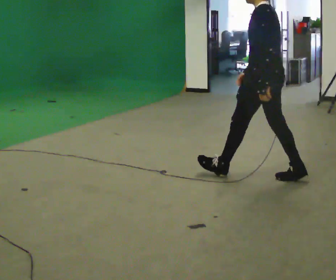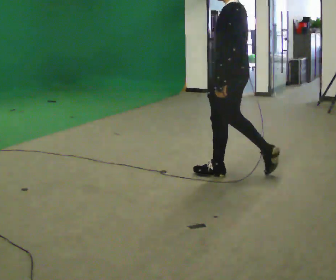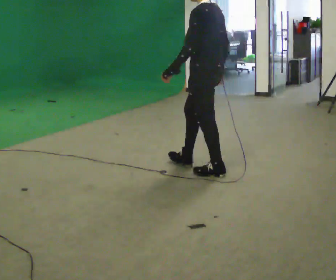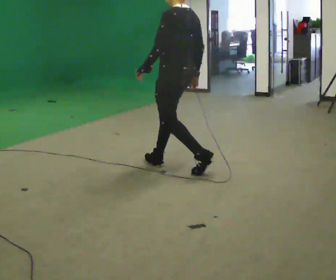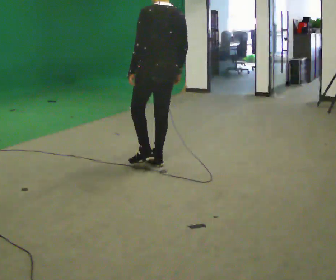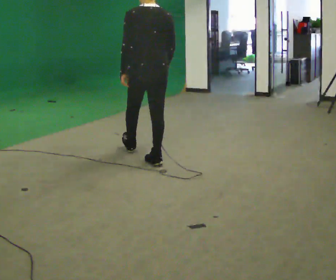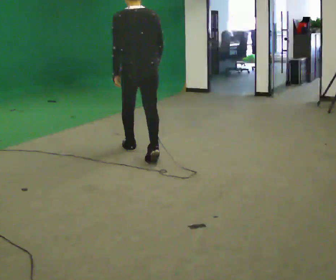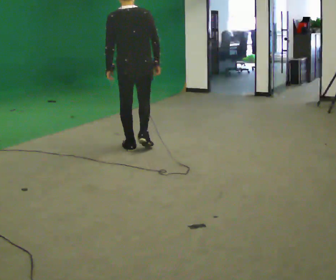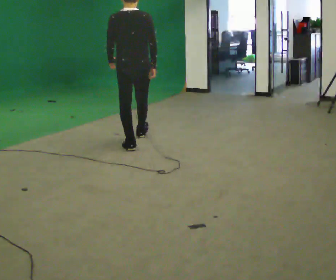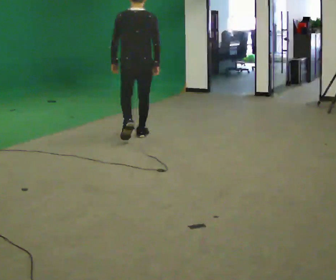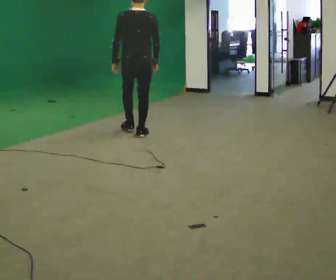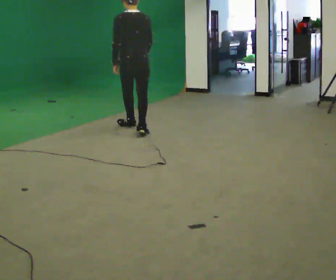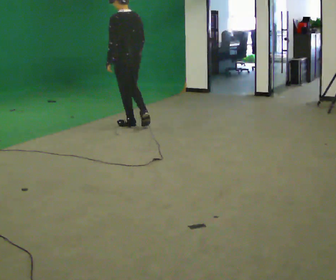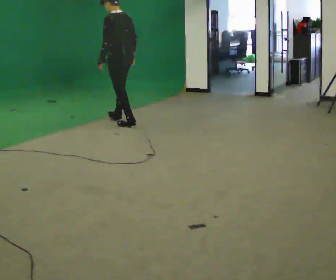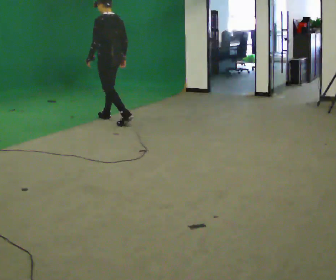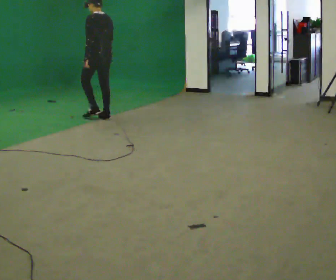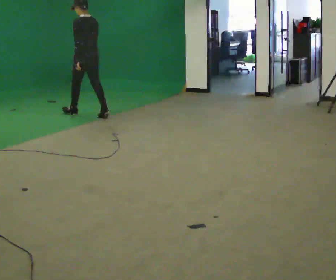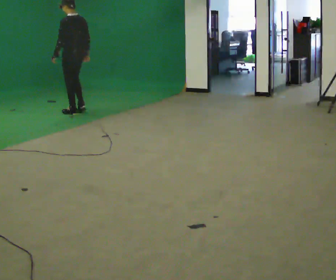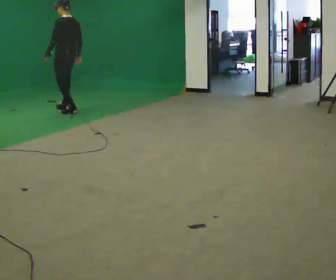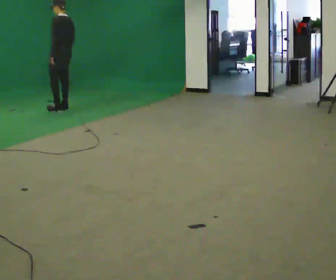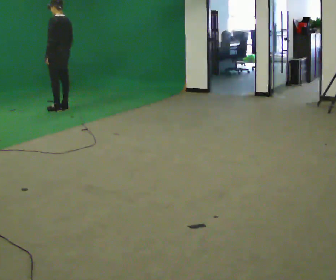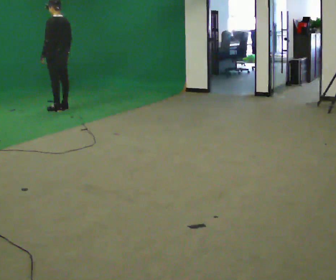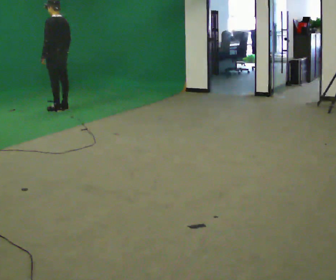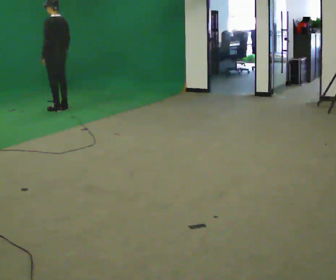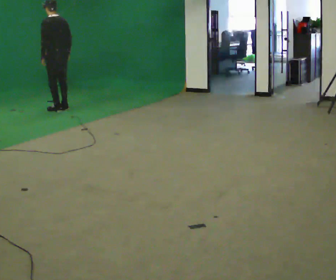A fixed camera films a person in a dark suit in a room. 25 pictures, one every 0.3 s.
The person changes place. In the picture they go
away from the camera.
0.0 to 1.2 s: Seen from above the body turns clockwise, about 30 degrees: to their right, with its near side sliding to the left. In the picture they go to the left and away from the camera, about 1 m in 2 steps, which for them is forward.
1.2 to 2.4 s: In the picture they go away from the camera, about 0.5 m in 1 step, which for them is forward.
2.4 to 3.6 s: The part of the body nearest the lens slides to the right as the person turns to their left by about 45 degrees. In the picture they go away from the camera, about 1 m in 2 steps, which for them is forward.
3.6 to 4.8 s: In the picture they go away from the camera and to the left, about 1 m in 2 steps, which for them is forward.
4.8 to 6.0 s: In the picture they go away from the camera and to the left, about 0.5 m in 2 steps, which for them is forward.
6.0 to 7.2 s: The person moves a little, or ends about where they began.
The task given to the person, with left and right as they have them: Walk normally; turn left/right while slowing; after turn accelerate back to normal.
The film runs forward here.
